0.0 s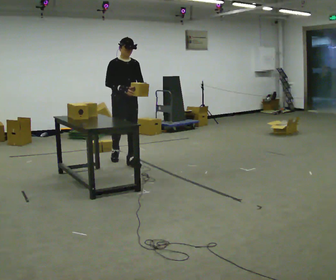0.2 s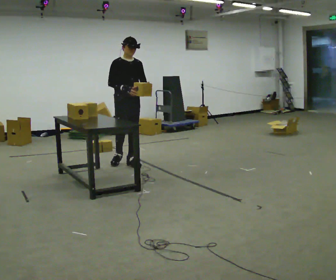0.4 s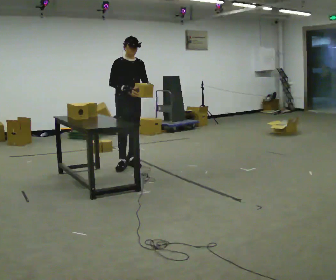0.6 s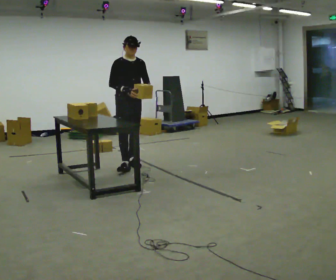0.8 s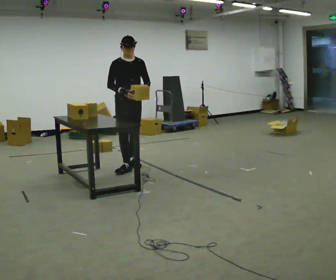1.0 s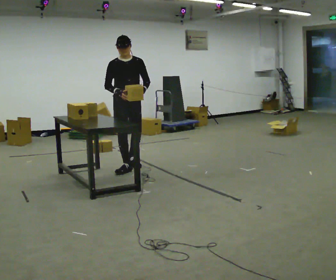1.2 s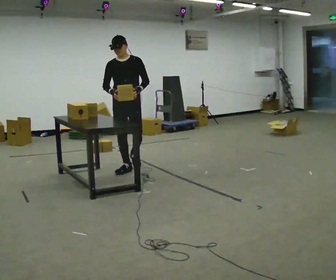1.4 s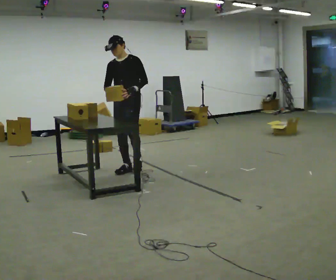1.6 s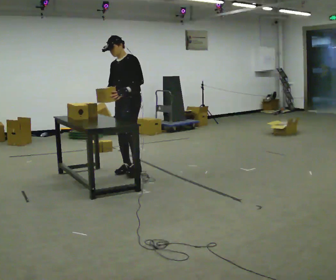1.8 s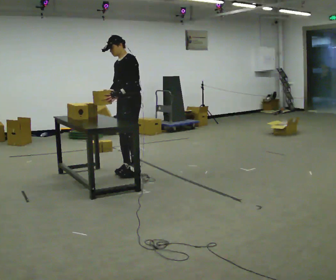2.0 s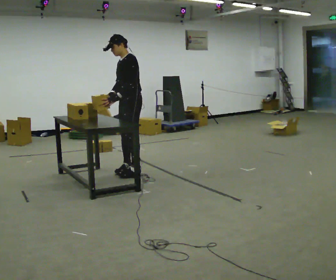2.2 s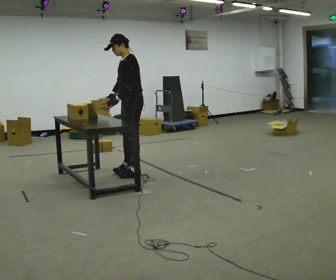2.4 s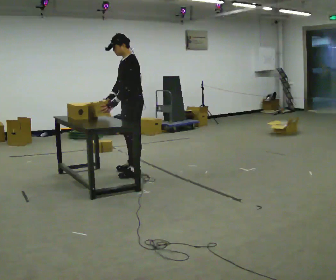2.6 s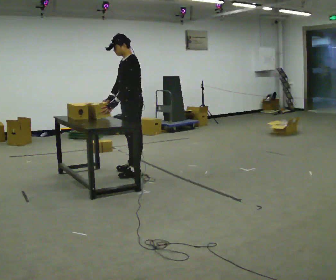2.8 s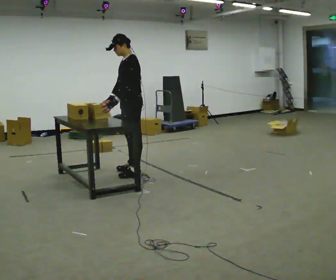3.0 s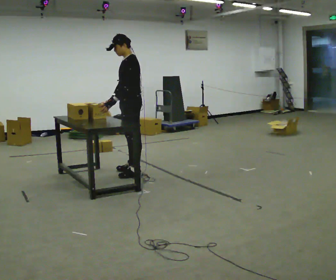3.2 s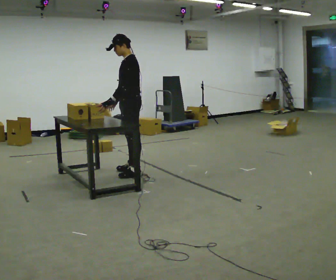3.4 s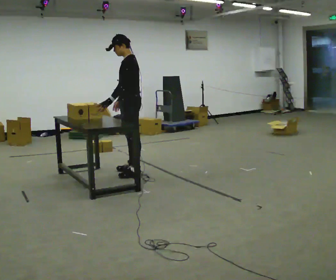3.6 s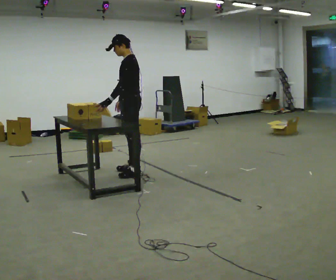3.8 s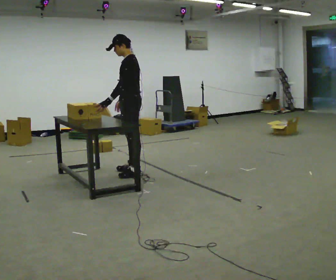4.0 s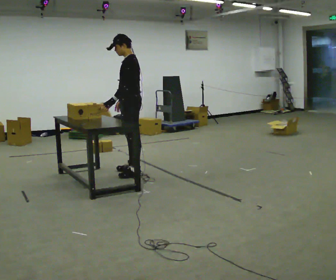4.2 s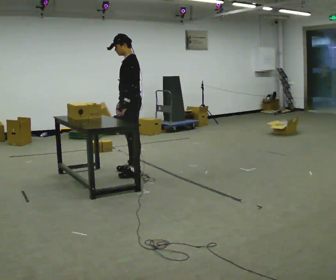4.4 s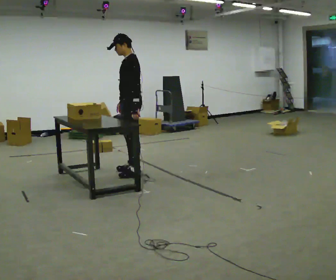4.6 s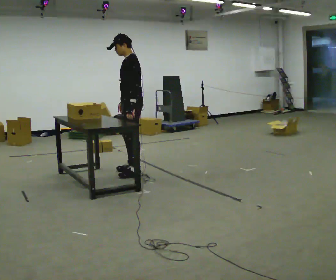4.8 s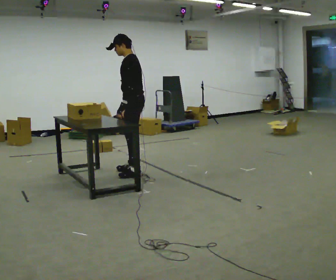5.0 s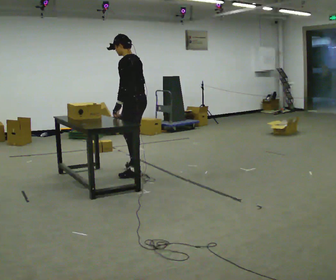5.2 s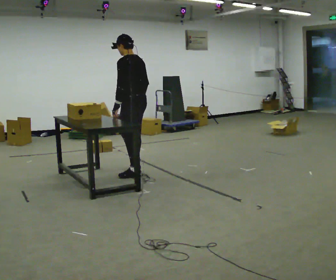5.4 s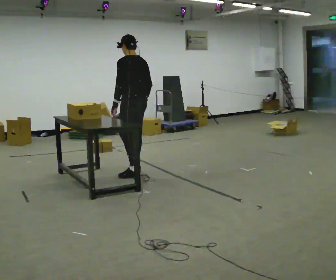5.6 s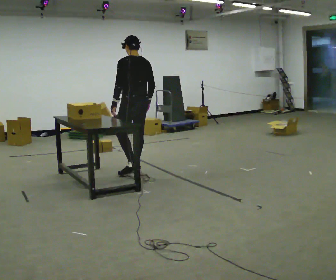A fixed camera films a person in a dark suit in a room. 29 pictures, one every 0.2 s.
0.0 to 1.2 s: Seen from above the body turns clockwise, about 30 degrees: to their right, with its near side sliding to the left. In the picture they go toward the camera, about 0.25 m in 1 step, which for them is forward.
1.2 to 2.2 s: The part of the body nearest the lens slides to the left as the person turns to their right by about 60 degrees. In the picture they go toward the camera, about 0.25 m in 1 step.
2.2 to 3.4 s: The person moves a little, or ends about where they began.
3.4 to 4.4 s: In the picture their left hand goes to the right.
4.4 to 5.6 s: The part of the body nearest the lens slides to the left as the person turns to their right by about 60 degrees. In the picture their left hand goes to the left.
The film runs forward here.
